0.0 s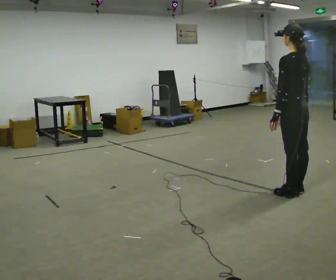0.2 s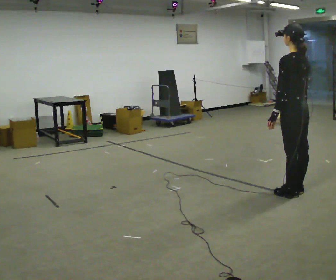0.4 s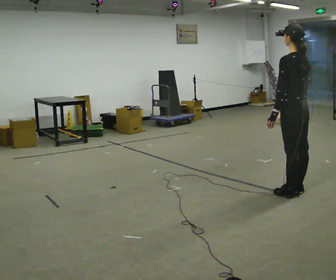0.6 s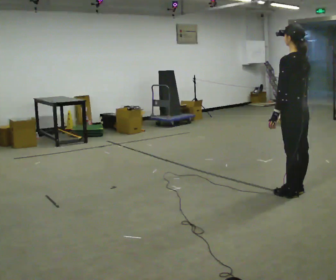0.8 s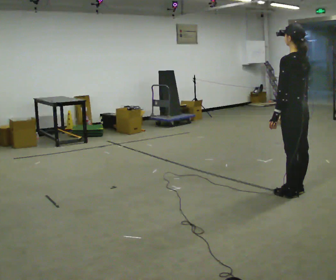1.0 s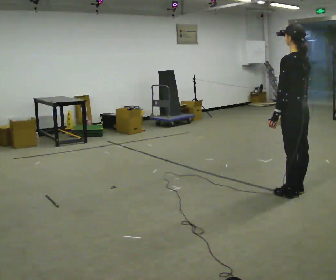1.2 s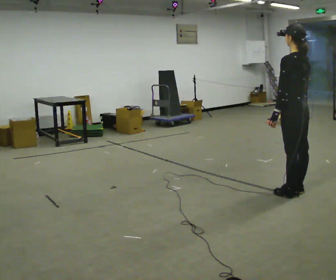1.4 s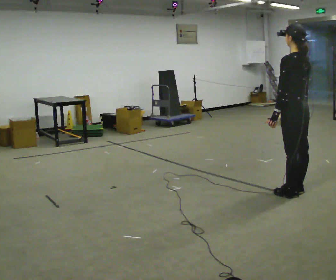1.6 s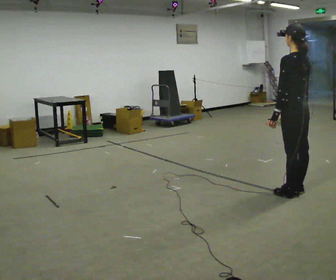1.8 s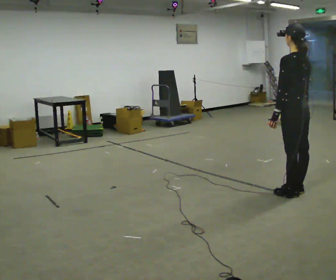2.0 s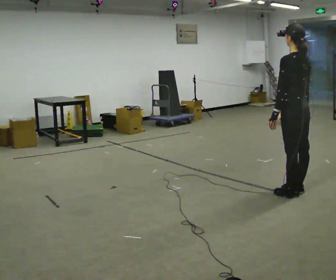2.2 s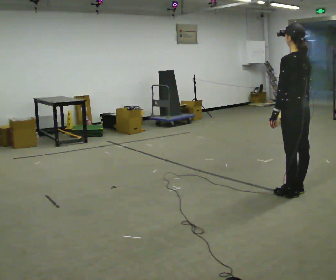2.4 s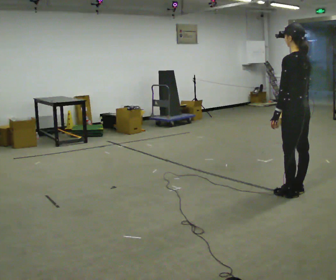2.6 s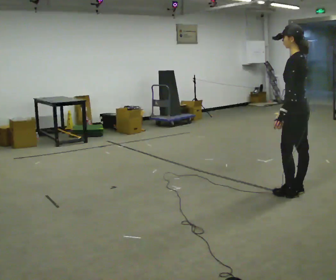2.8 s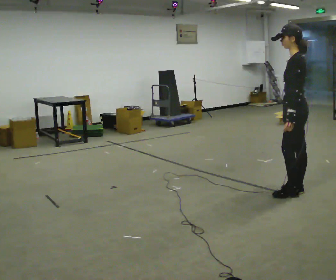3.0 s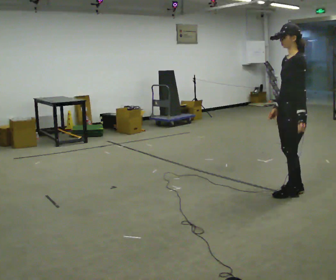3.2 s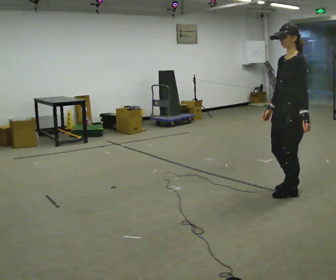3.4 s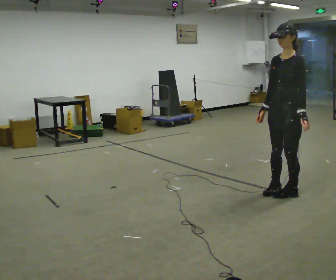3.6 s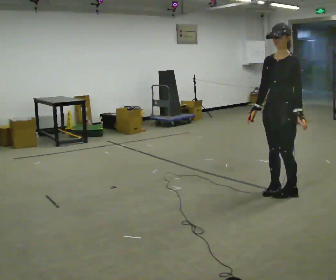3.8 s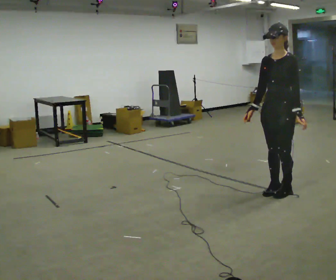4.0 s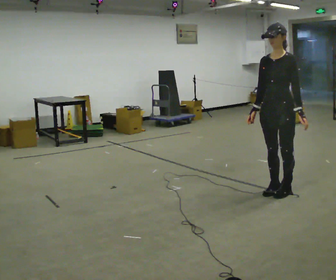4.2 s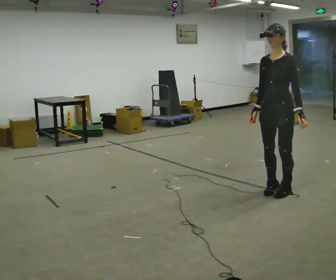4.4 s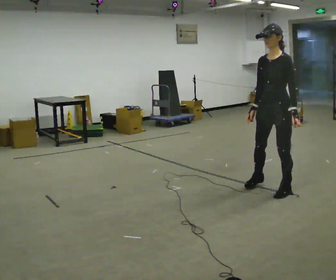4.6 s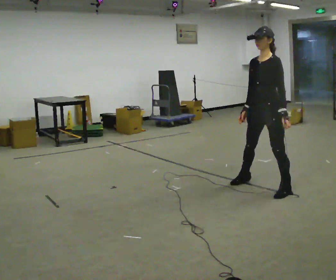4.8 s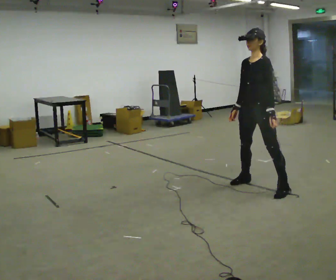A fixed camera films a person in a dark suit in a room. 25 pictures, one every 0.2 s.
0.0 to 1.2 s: The person keeps their place and pose.
1.2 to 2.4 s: The person moves a little, or ends about where they began.
2.4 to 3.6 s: The part of the body nearest the lens slides to the right as the person turns to their left by about 90 degrees. In the picture their right hand goes to the left.
3.6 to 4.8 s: In the picture they go to the left and away from the camera, about 0.25 m in 1 step, which for them is to their right.
The film runs forward here.
